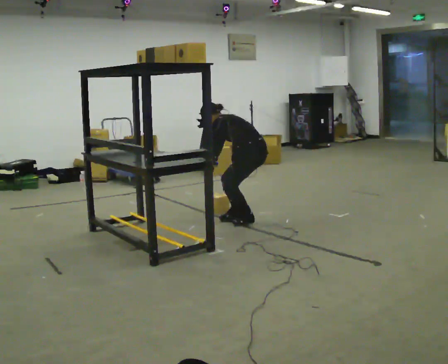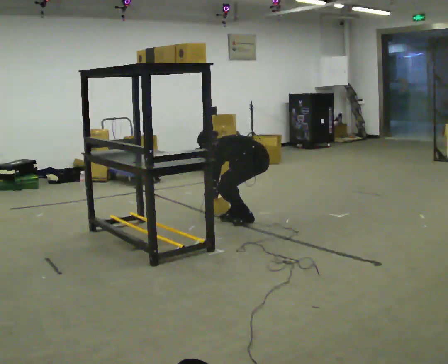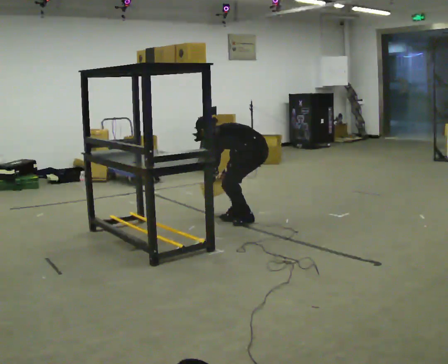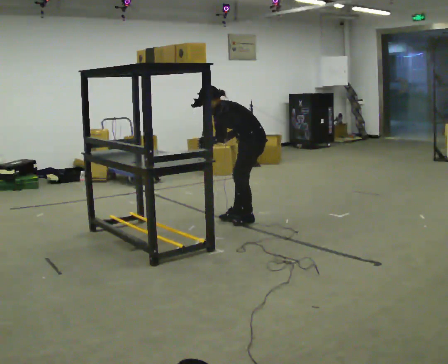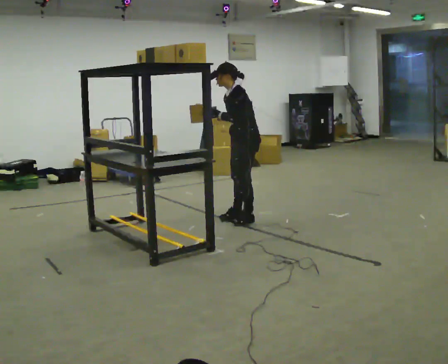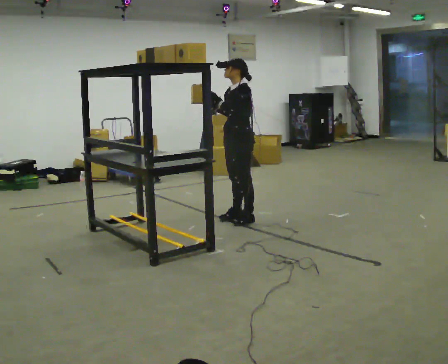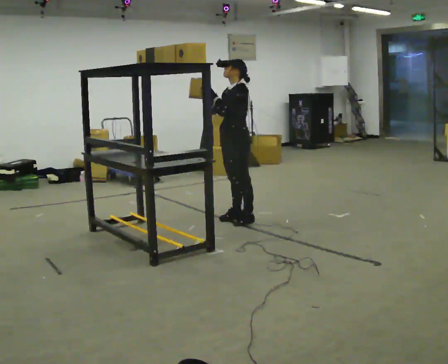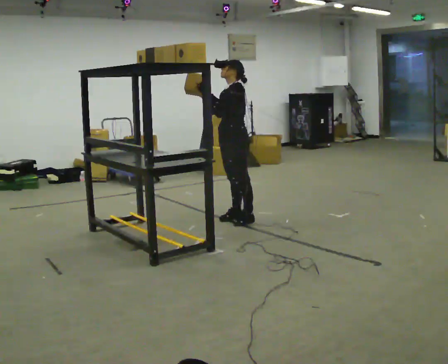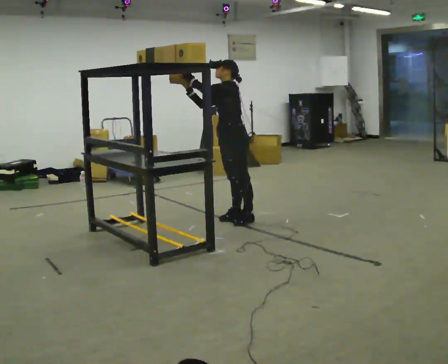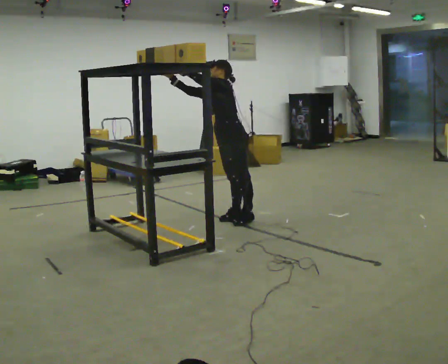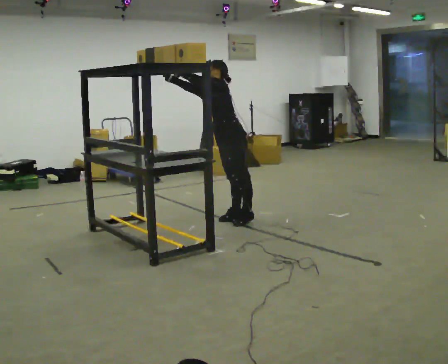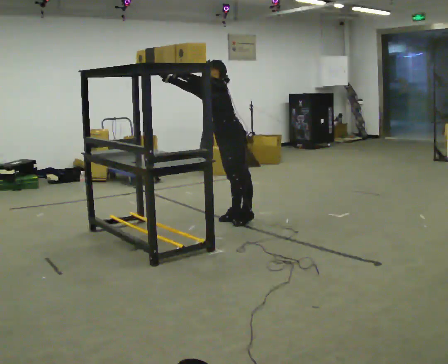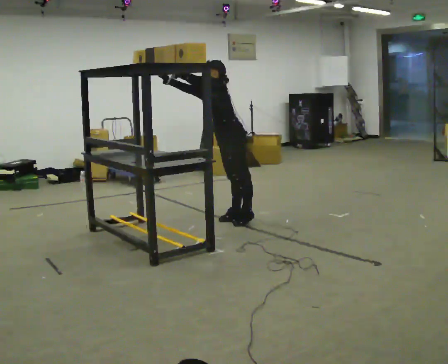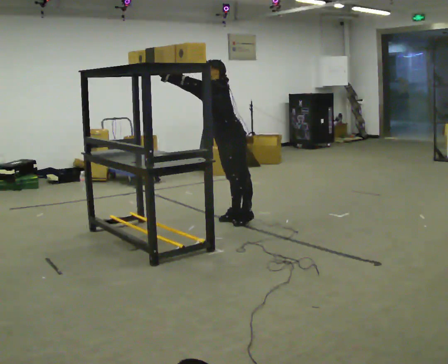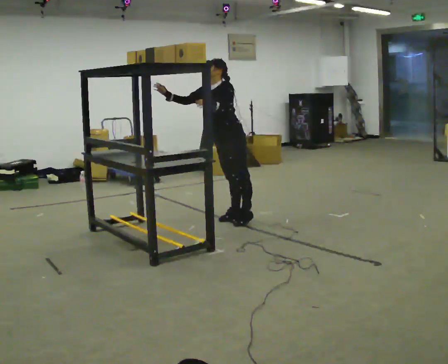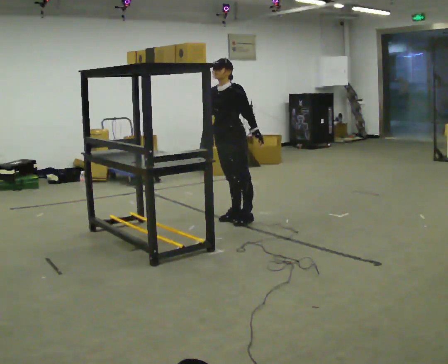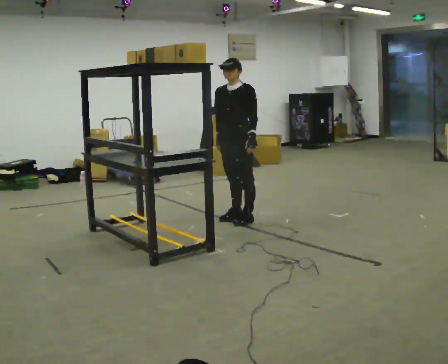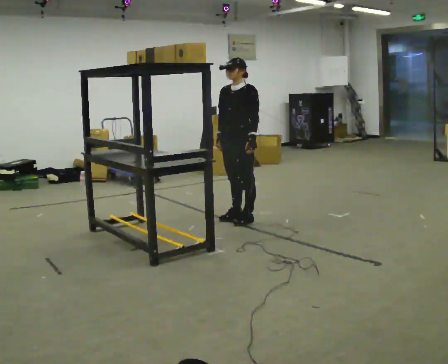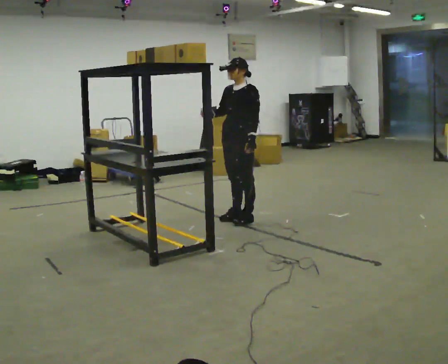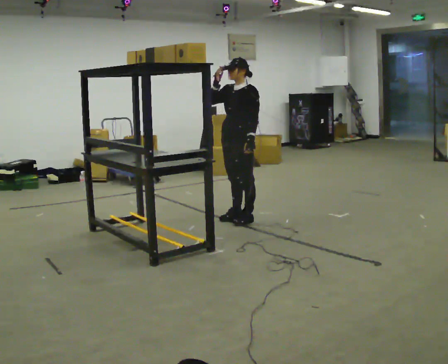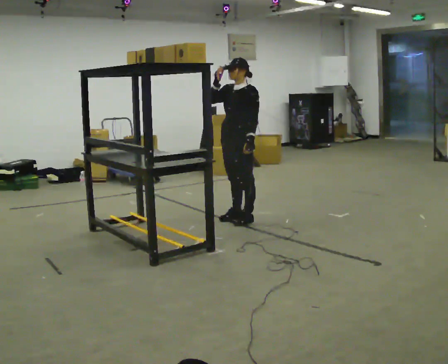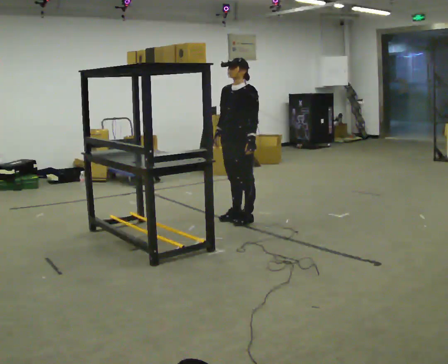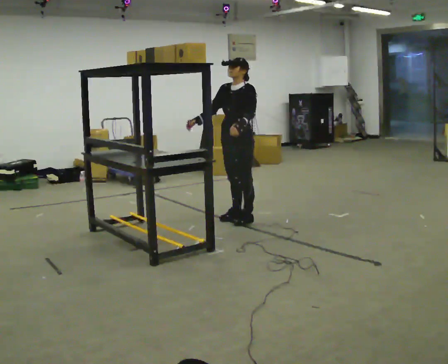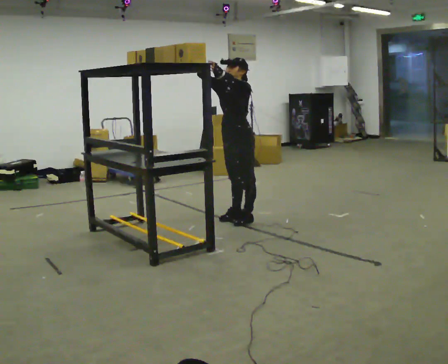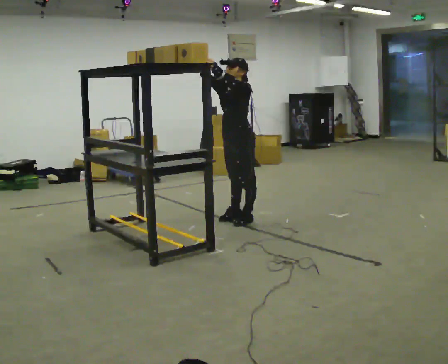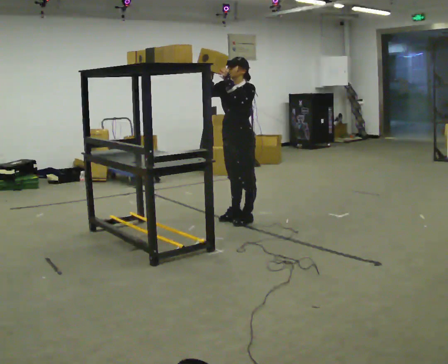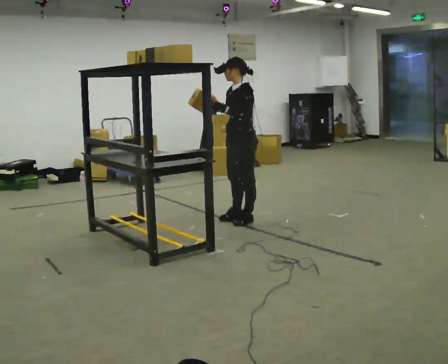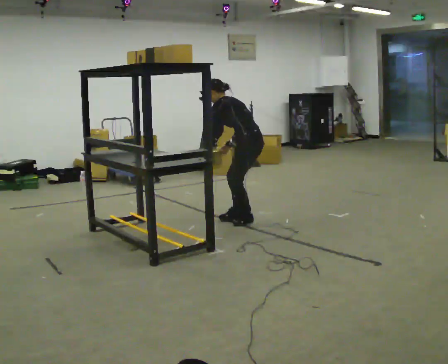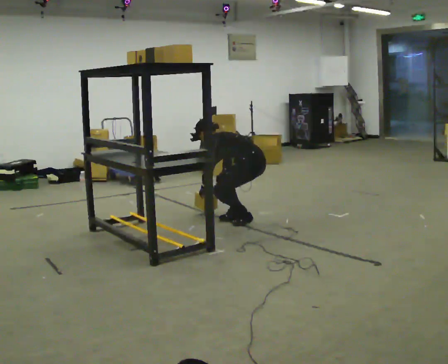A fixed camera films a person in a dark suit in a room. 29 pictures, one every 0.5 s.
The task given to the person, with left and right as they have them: Pick an object up off the floor at your feet and place it on the highest shelf you can comfortably reach. Repeat at your own pace until the operator says stop. Keep both feet on the marked spots for the whole take. If you have to step, stop and tell the operator.
0.0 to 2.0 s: The part of the body nearest the lens slides to the right as the person turns to their left by about 30 degrees. In the picture their right hand goes upward.
2.0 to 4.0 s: In the picture their left hand goes upward.
4.0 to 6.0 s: The person moves a little, or ends about where they began.
6.0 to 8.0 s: The part of the body nearest the lens slides to the right as the person turns to their left by about 30 degrees. In the picture the upper body tilts clockwise, shoulders to the right, as they lean back or straighten. In the picture their left hand goes to the right and downward.
8.0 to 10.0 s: In the picture their right hand goes upward.
10.0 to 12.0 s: The upper body tips toward the camera, its near side rolling downward, as they bend forward. In the picture their left hand goes upward.
12.0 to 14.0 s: The part of the body nearest the lens slides to the left as the person turns to their right by about 60 degrees. The shoulders move downward. In the picture the upper body tilts counterclockwise, shoulders to the left, as they bend forward. In the picture their right hand goes downward.
The film runs forward here.
